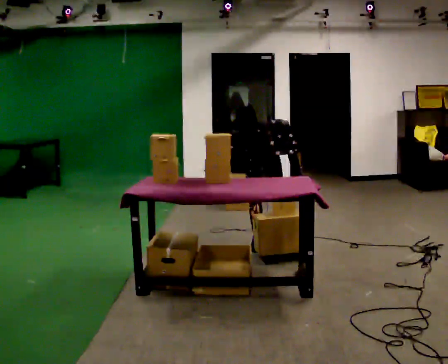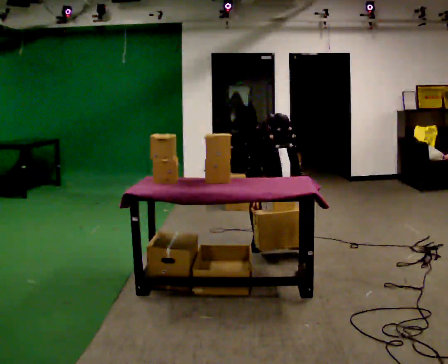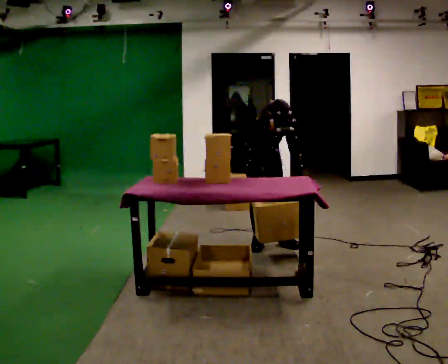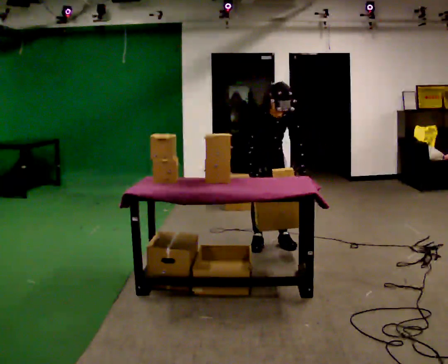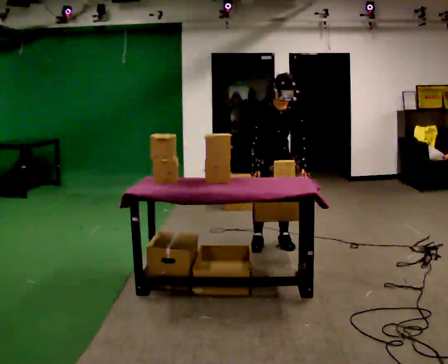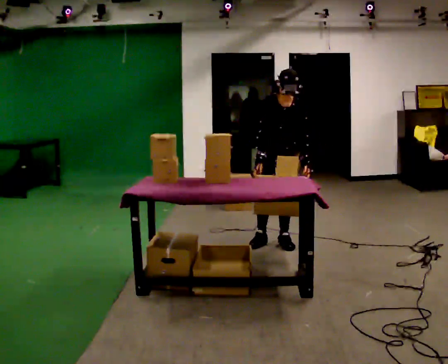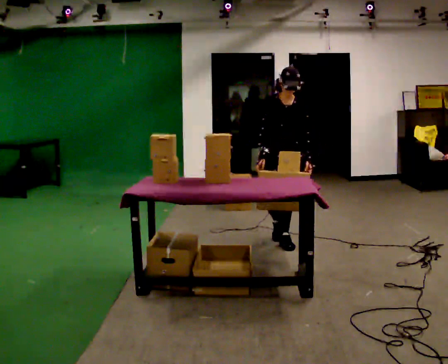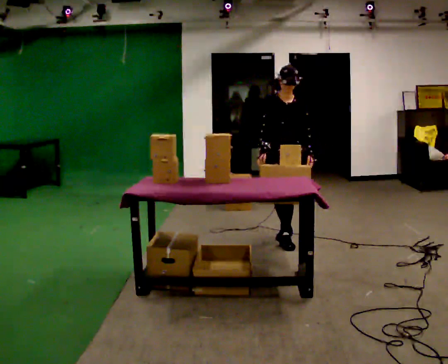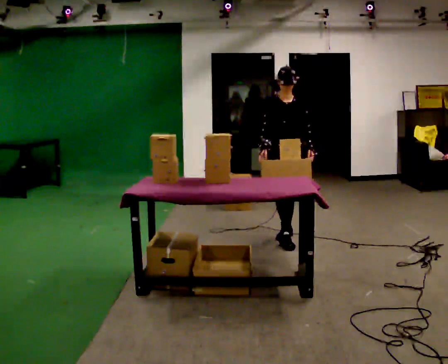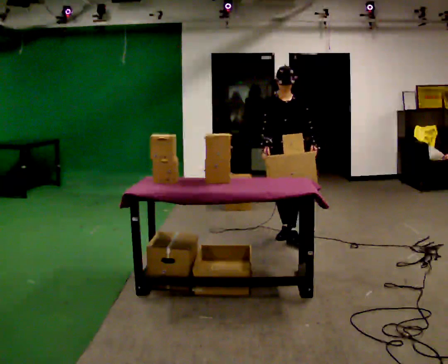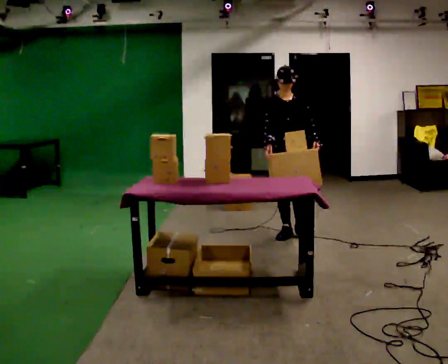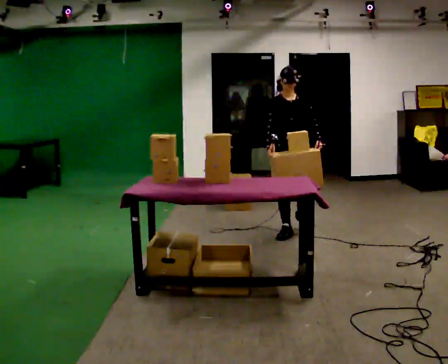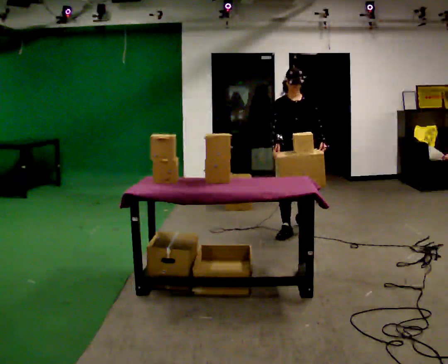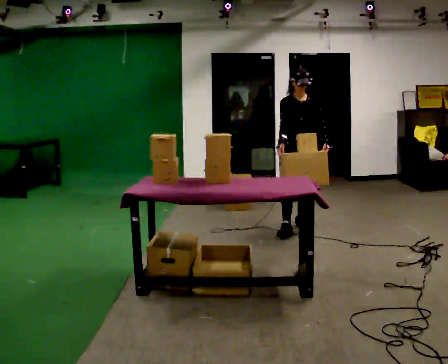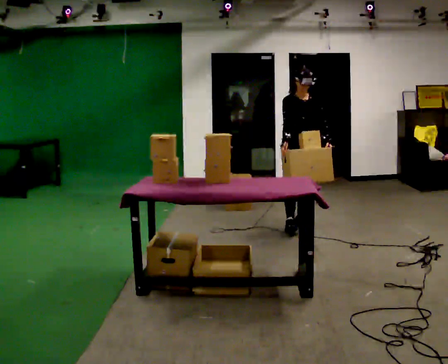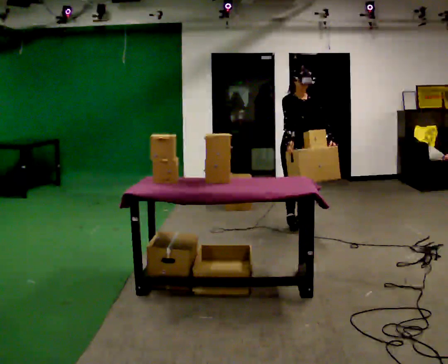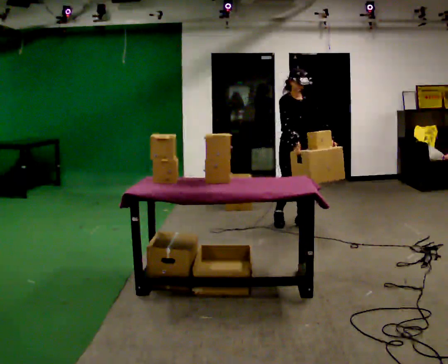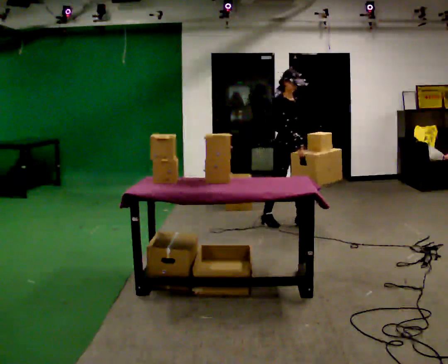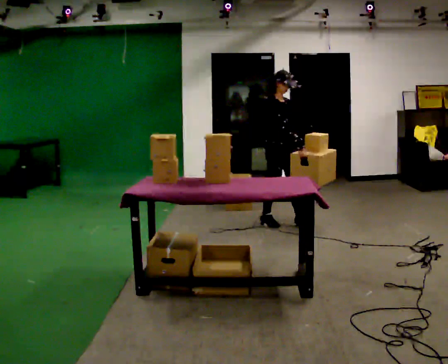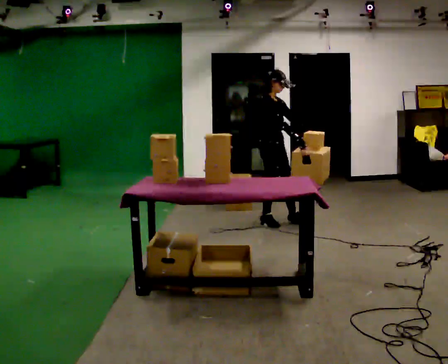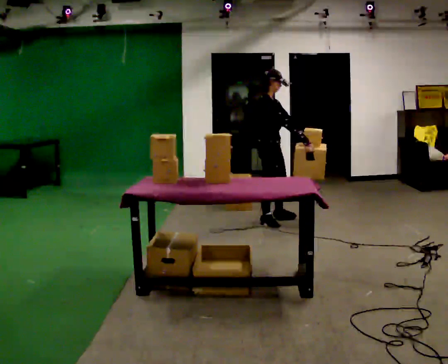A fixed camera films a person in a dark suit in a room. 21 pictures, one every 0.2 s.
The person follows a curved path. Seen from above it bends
counterclockwise.
The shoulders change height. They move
upward.
0.0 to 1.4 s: The part of the body nearest the lens slides to the left as the person turns to their right by about 30 degrees. In the picture they go to the right, about 0.25 m in 1 step, which for them is to their left. The upper body goes upward. The upper body tips away from the camera, its near side rolling upward, as they lean back or straighten. In the picture their left hand goes upward.
1.4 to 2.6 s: In the picture they go away from the camera, about 0.5 m in 1 step, which for them is backward.
2.6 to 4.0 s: The person turns about 75 degrees to their left, counterclockwise seen from above, so the part of the body nearest the lens slides to the right. In the picture they go to the left and away from the camera, about 0.5 m in 2 steps.
The film runs backward here.
